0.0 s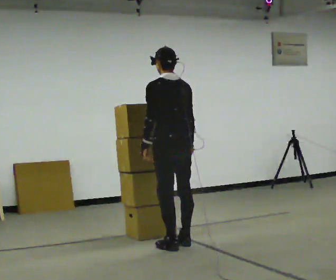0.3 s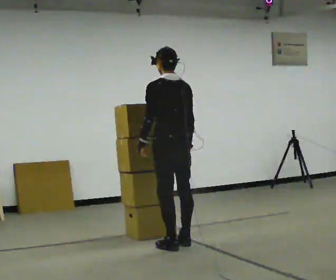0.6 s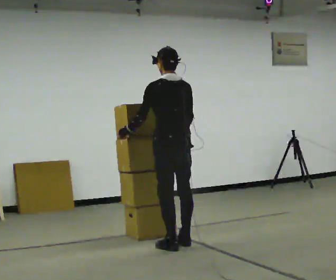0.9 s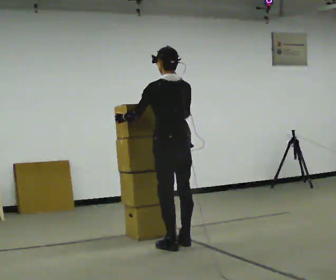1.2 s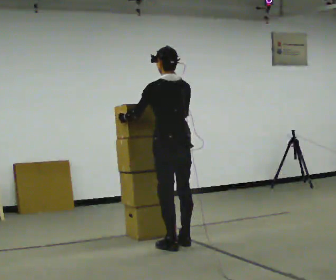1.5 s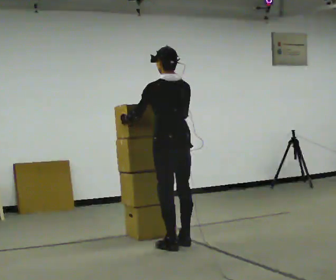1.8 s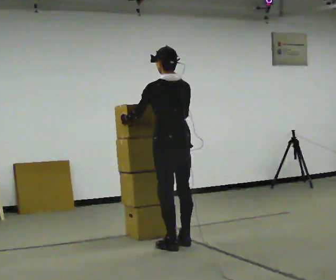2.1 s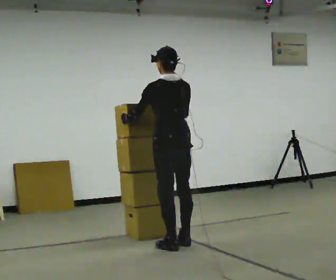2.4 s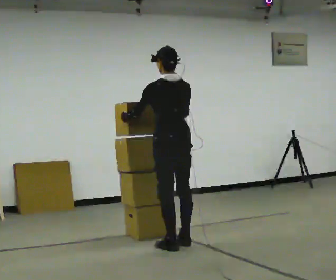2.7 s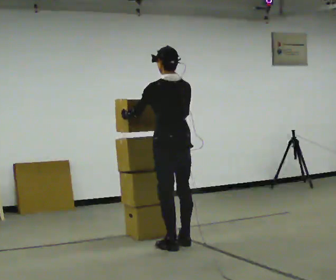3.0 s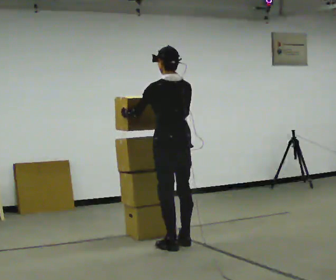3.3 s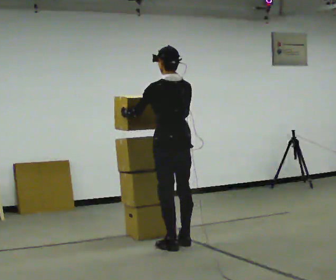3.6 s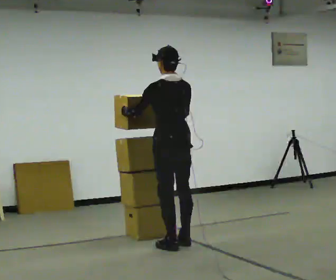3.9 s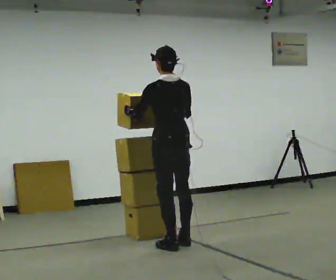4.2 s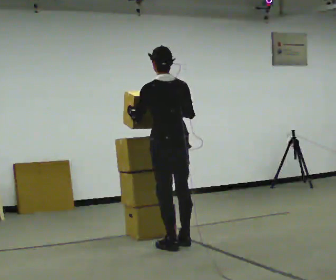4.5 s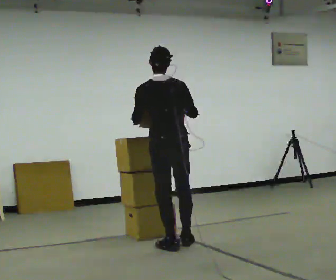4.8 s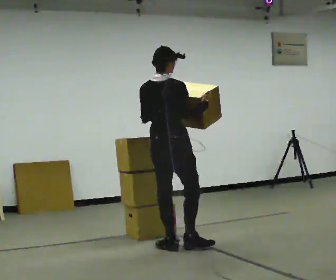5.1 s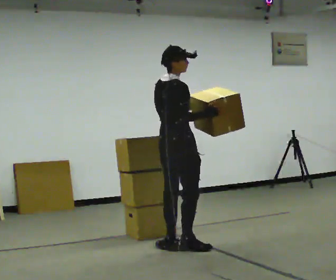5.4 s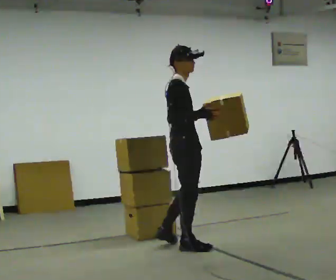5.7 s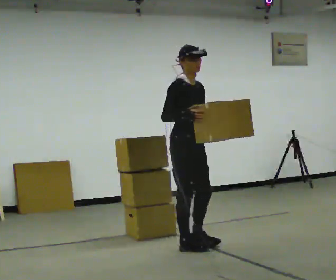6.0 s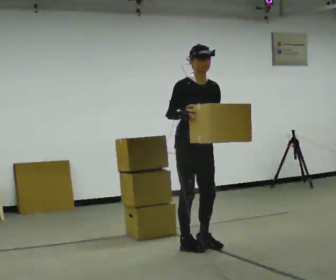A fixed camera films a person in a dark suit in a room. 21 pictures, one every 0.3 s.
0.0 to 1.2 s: The person moves a little, or ends about where they began.
1.2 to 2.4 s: The person keeps their place and pose.
2.4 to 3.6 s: The person moves a little, or ends about where they began.
3.6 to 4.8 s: The person turns about 45 degrees to their right, clockwise seen from above, so the part of the body nearest the lens slides to the left.
4.8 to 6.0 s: The person turns about 120 degrees to their right, clockwise seen from above, so the part of the body nearest the lens slides to the left. In the picture they go to the right, about 0.25 m in 1 step.
The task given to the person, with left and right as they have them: Carry the stack of boxes across the room without letting it fall over, then bring it back. Keep going until the operator says stop; one object at a time, and do not rush between trips.
The film runs forward here.
